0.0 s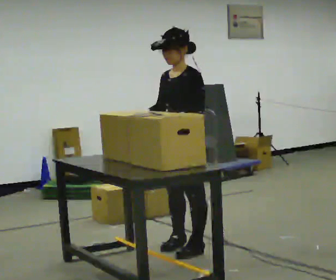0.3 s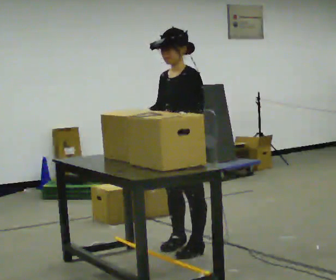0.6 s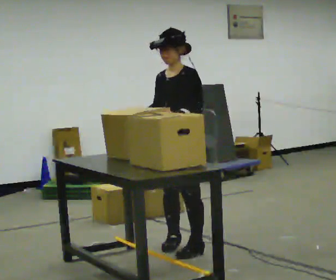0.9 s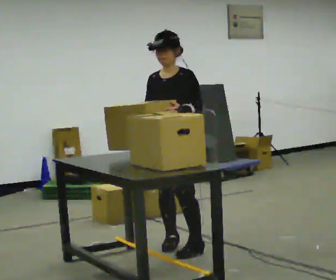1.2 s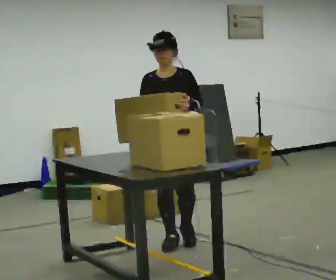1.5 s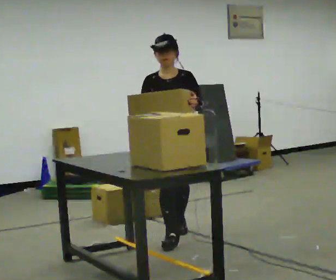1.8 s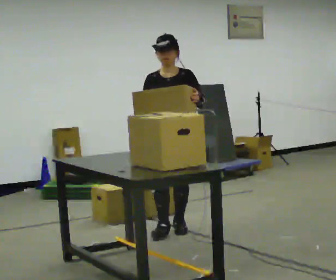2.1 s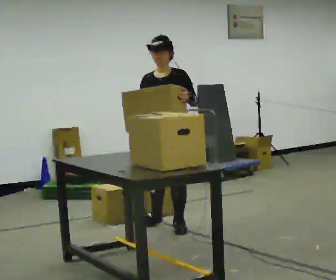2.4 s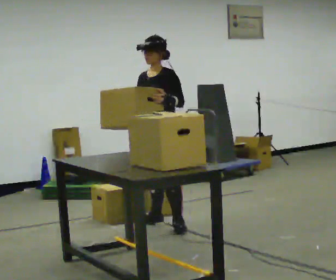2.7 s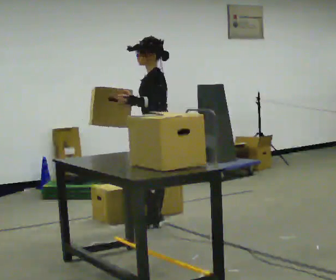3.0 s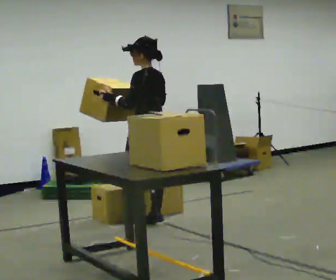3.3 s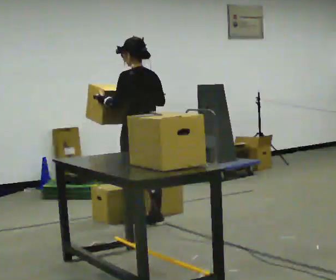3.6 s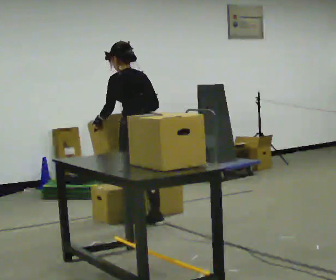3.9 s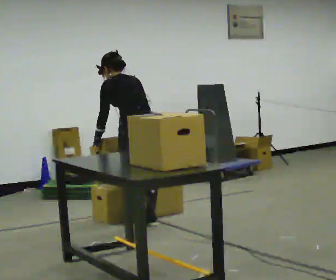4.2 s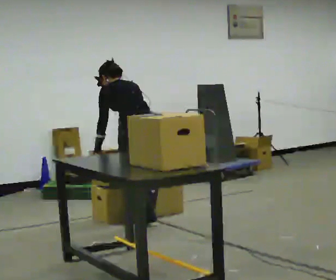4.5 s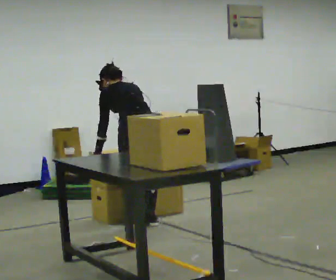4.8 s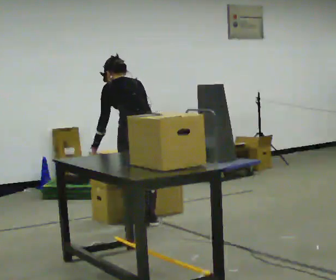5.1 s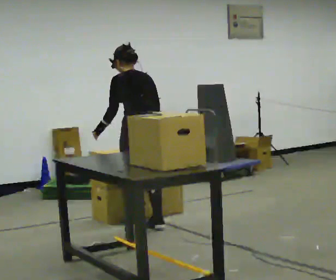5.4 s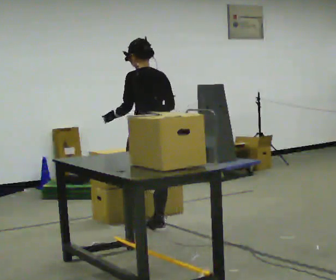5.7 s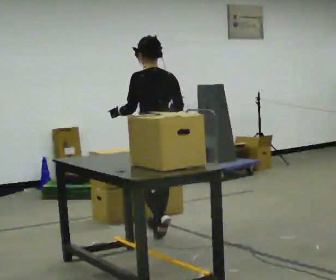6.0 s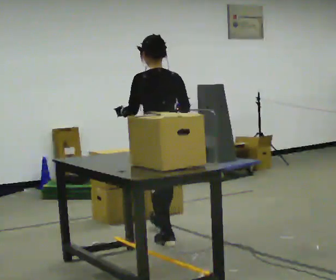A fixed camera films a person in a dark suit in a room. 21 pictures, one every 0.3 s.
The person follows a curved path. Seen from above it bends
counterclockwise.
0.0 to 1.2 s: Seen from above the body turns counterclockwise, about 45 degrees: to their left, with its near side sliding to the right. In the picture they go away from the camera, about 0.25 m in 1 step, which for them is to their right.
1.2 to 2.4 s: Seen from above the body turns clockwise, about 30 degrees: to their right, with its near side sliding to the left. In the picture they go away from the camera, about 0.5 m in 1 step, which for them is backward.
2.4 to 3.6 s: The person turns about 105 degrees to their right, clockwise seen from above, so the part of the body nearest the lens slides to the left. In the picture they go to the left, about 0.25 m in 1 step.
3.6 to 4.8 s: The person moves a little, or ends about where they began.
4.8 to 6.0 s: In the picture they go toward the camera, about 0.5 m in 3 steps, which for them is backward. The upper body tips toward the camera, its near side rolling downward, as they lean back or straighten.
The film runs backward here.
